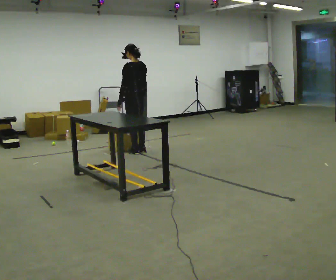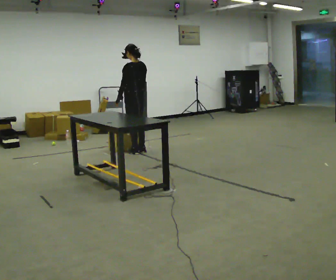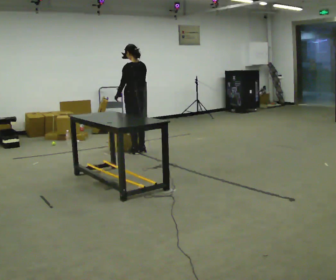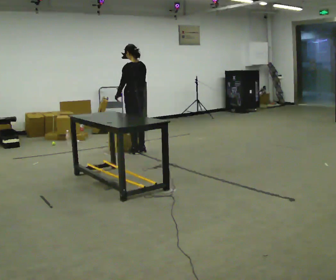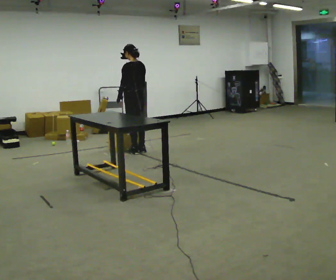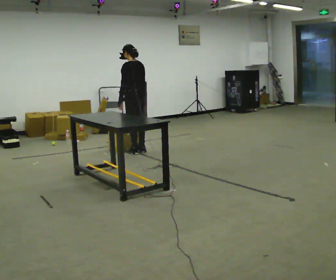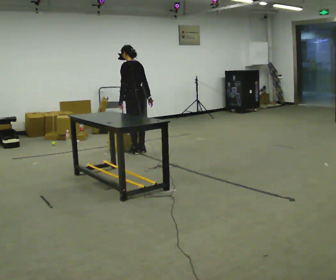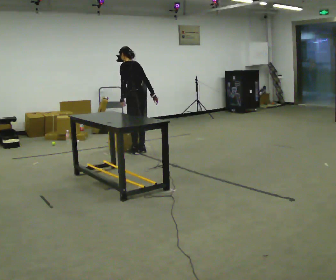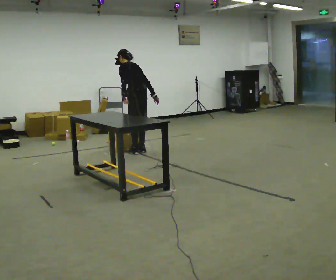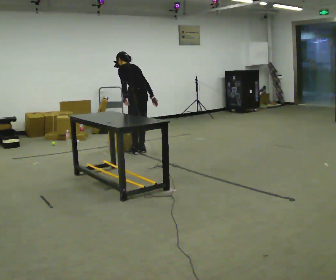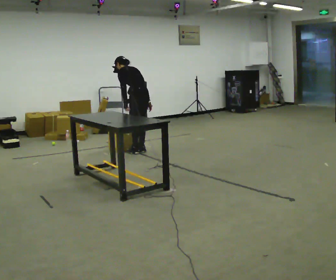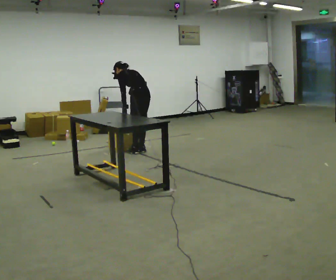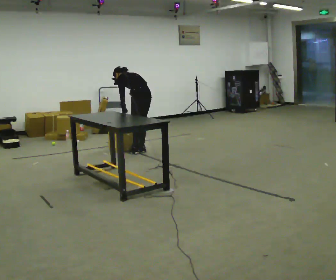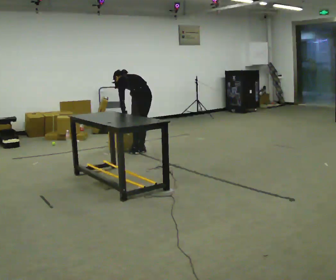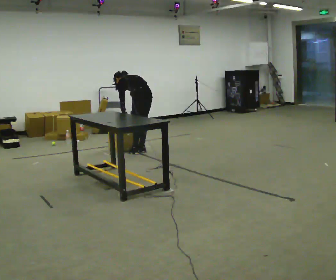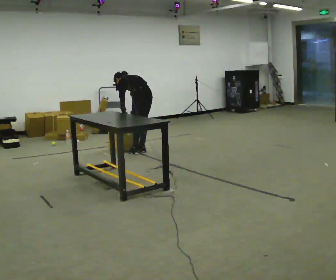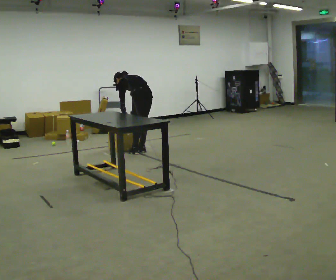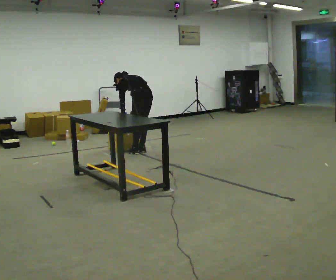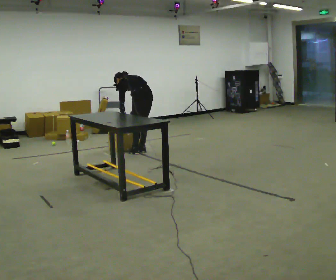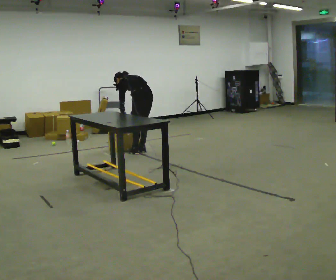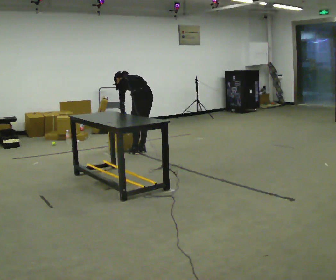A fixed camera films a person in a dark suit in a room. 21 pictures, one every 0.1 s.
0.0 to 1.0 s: The upper body tips away from the camera, its near side rolling upward, as they bend forward.
1.0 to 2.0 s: The shoulders move downward. The upper body tips away from the camera, its near side rolling upward, as they bend forward.
The film runs backward here.
